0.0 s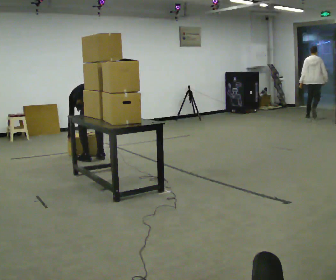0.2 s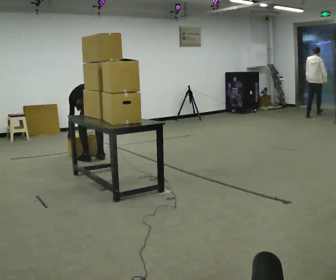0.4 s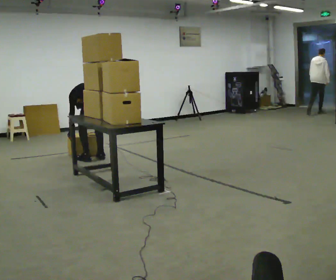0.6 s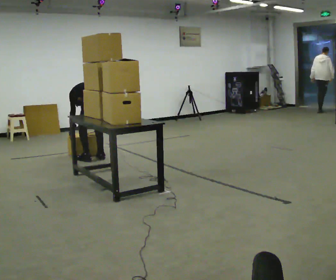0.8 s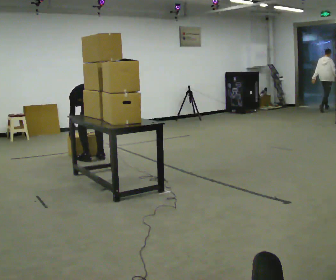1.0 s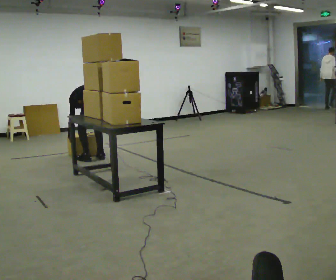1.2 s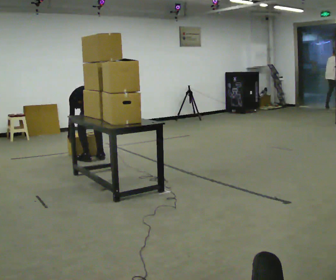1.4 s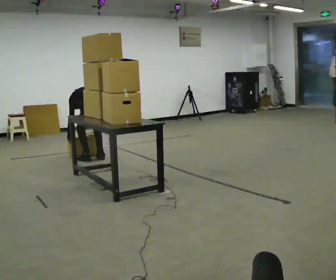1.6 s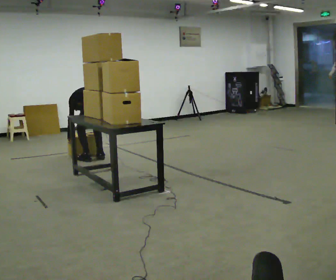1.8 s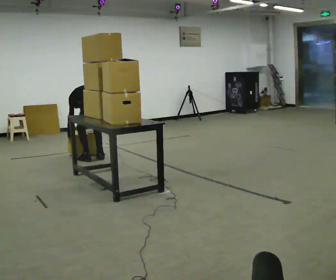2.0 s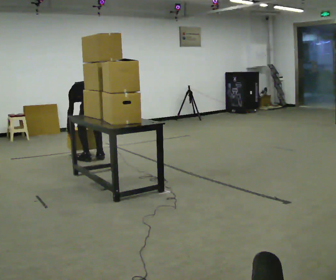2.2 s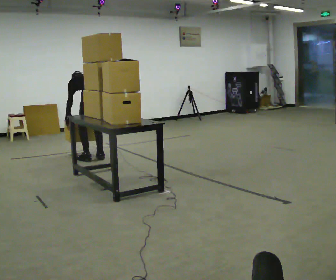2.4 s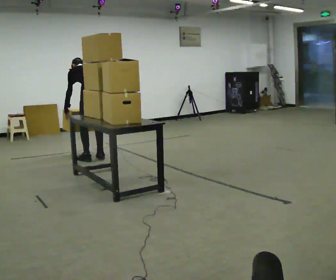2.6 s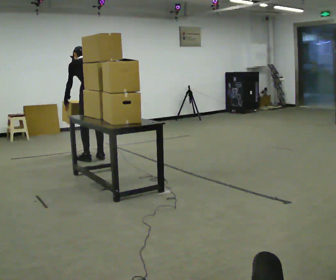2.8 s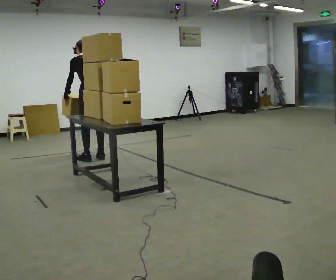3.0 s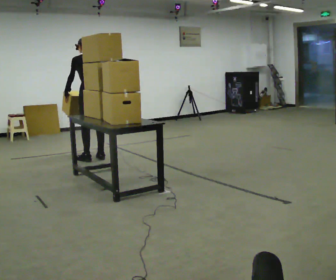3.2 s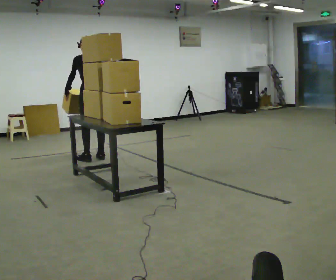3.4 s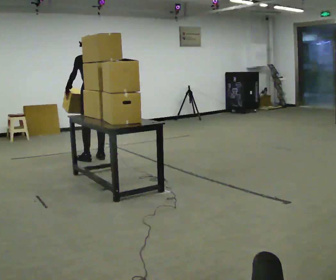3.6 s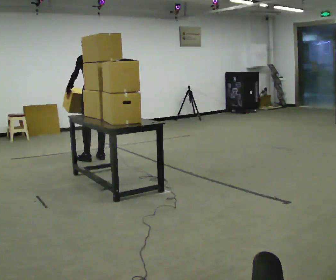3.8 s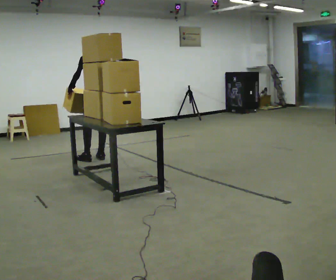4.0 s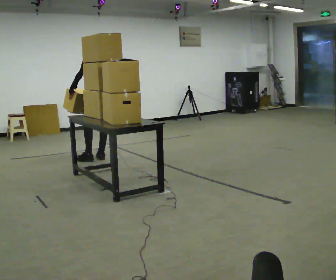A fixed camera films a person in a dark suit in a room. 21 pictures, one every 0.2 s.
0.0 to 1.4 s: The person moves a little, or ends about where they began.
1.4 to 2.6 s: The shoulders move upward. The upper body tips toward the camera, its near side rolling downward, as they lean back or straighten. In the picture their right hand goes upward.
2.6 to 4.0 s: The upper body tips toward the camera, its near side rolling downward, as they lean back or straighten.
The film runs forward here.
